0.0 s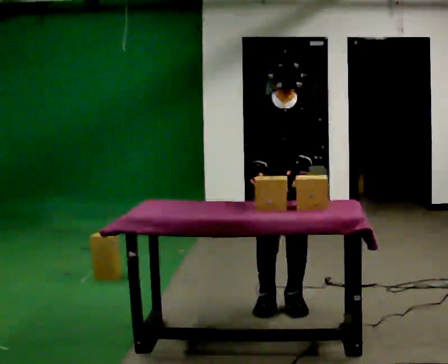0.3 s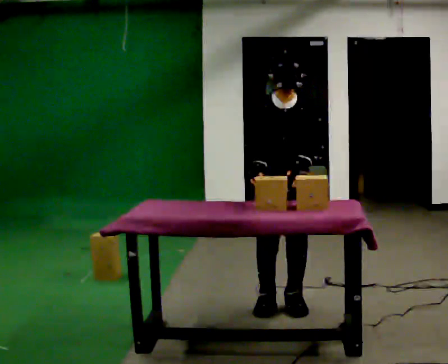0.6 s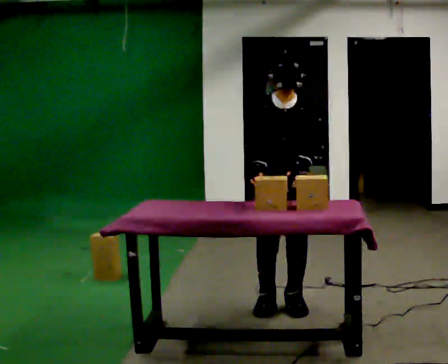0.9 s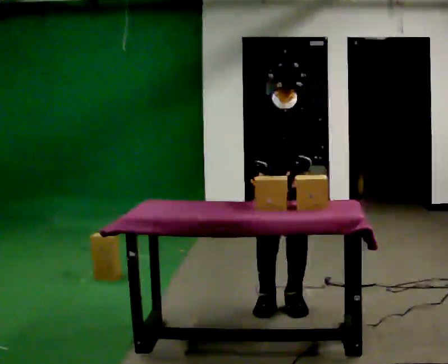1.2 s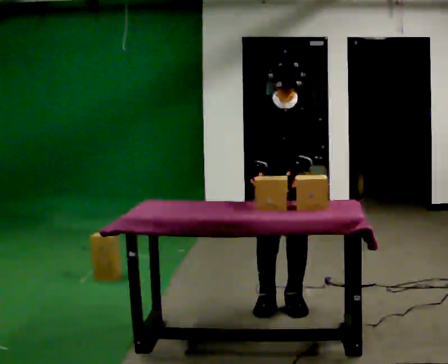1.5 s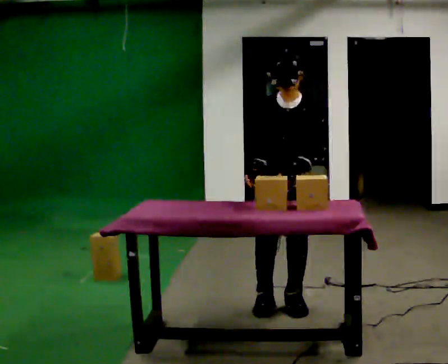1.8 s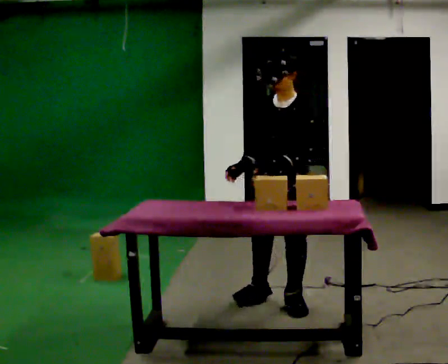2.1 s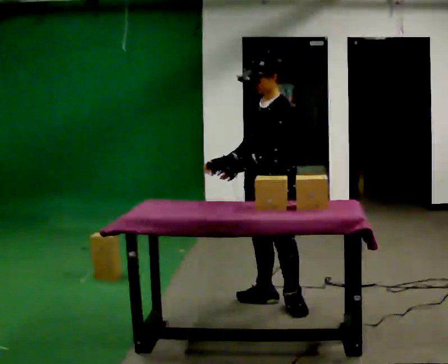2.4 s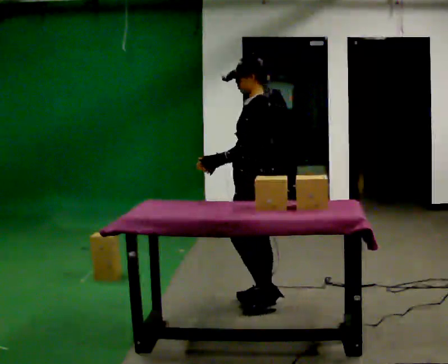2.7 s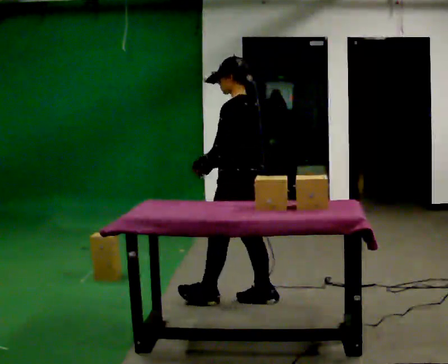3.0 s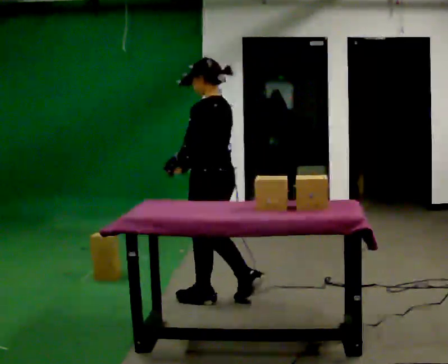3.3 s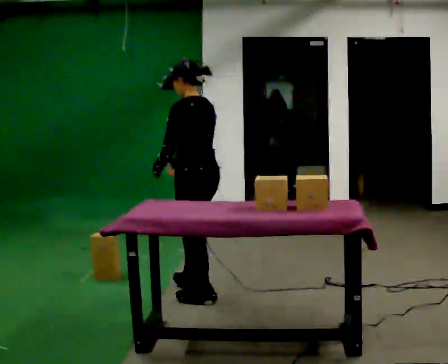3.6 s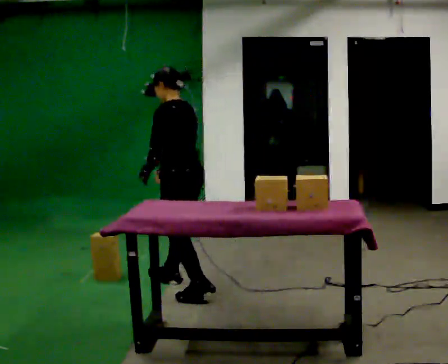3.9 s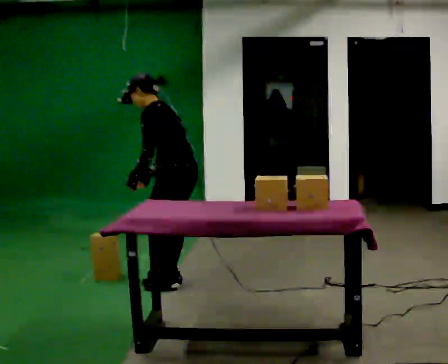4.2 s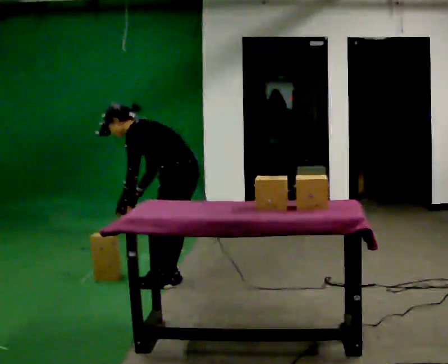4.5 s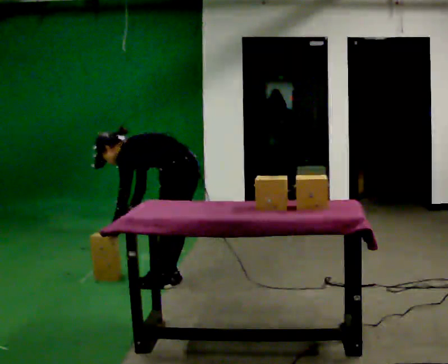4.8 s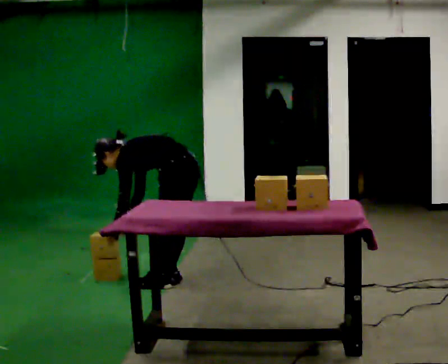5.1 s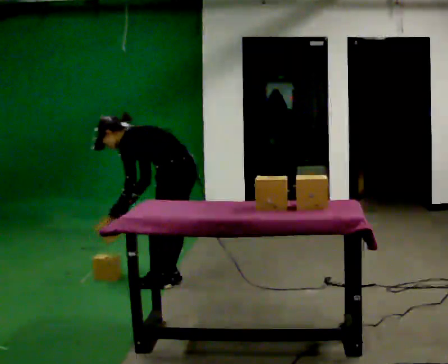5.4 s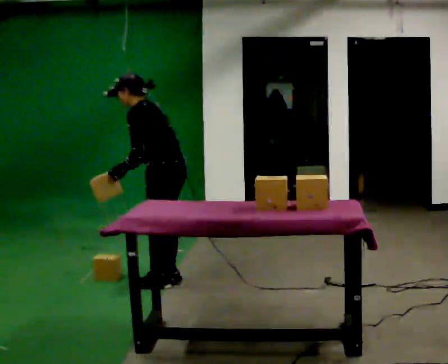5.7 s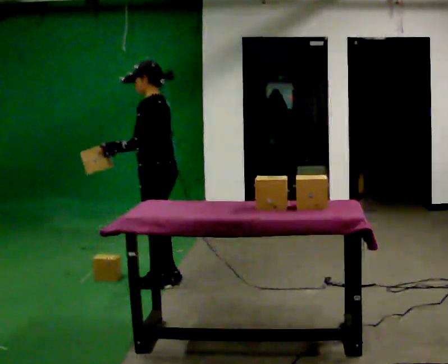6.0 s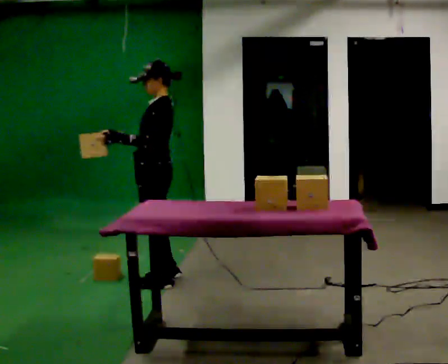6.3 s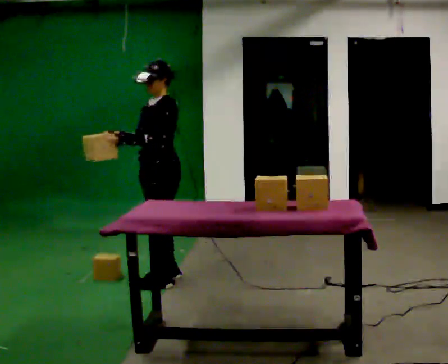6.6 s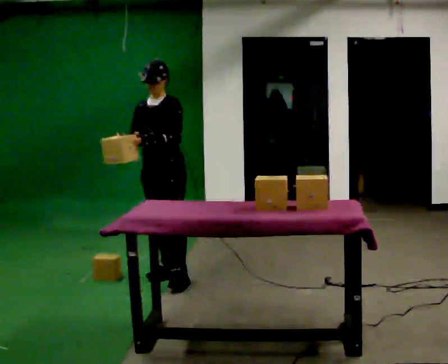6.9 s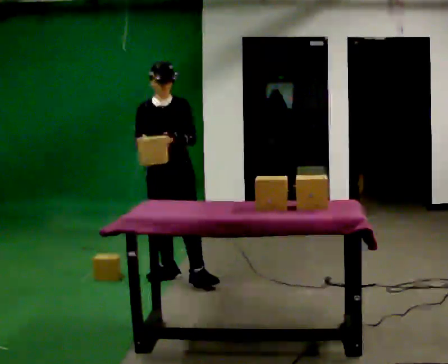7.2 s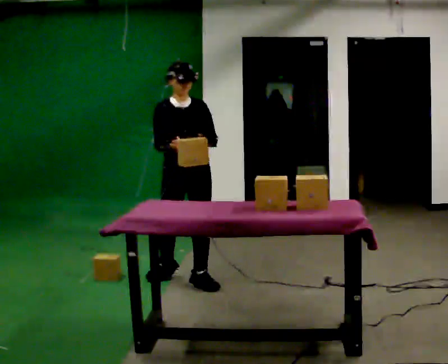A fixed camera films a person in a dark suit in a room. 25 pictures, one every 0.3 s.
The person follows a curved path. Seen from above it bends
clockwise.
0.0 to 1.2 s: The person keeps their place and pose.
1.2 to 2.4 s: The part of the body nearest the lens slides to the left as the person turns to their right by about 90 degrees. In the picture they go away from the camera, about 0.25 m.
2.4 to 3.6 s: In the picture they go to the left and away from the camera, about 0.5 m in 2 steps, which for them is forward.
3.6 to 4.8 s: The upper body goes downward. In the picture the upper body tilts counterclockwise, shoulders to the left, as they bend forward. In the picture their left hand goes downward.
4.8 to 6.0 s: The person turns about 30 degrees to their left, counterclockwise seen from above, so the part of the body nearest the lens slides to the right. In the picture they go to the left, about 0.25 m in 1 step, which for them is forward. The upper body goes upward. In the picture the upper body tilts clockwise, shoulders to the right, as they lean back or straighten. In the picture their right hand goes upward.
6.0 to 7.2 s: The person turns about 90 degrees to their left, counterclockwise seen from above, so the part of the body nearest the lens slides to the right. In the picture they go to the right, about 0.25 m in 1 step. In the picture their right hand goes to the right.
The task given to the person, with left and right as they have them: Carry the object over and line it up with the mark on the surface as accurately as you can. Keep going until the operator says stop; one object at a time, and do not rush between trips.
The film runs forward here.
